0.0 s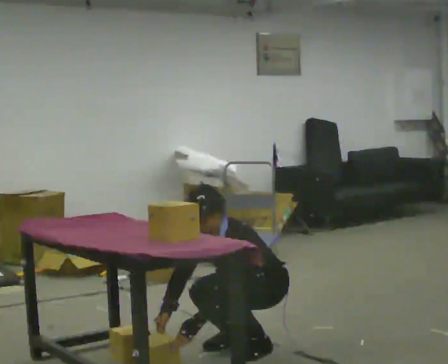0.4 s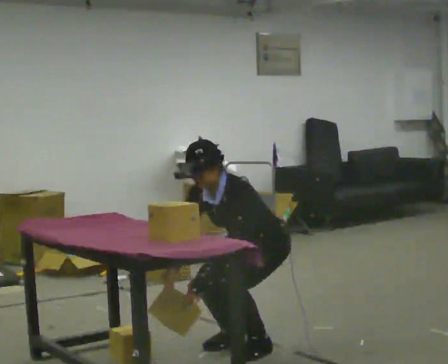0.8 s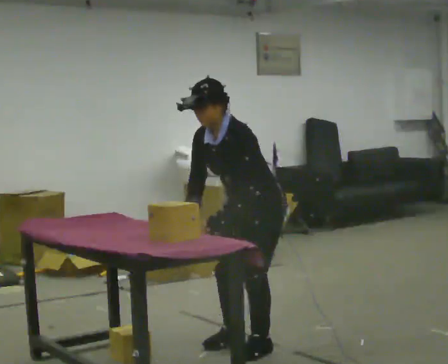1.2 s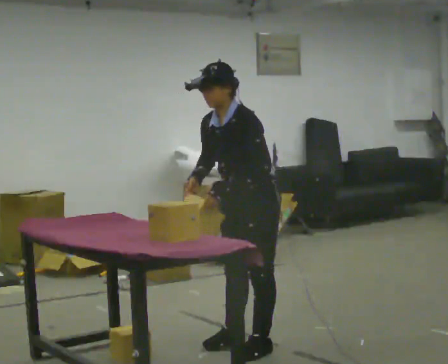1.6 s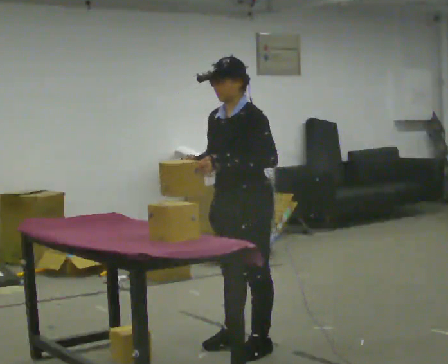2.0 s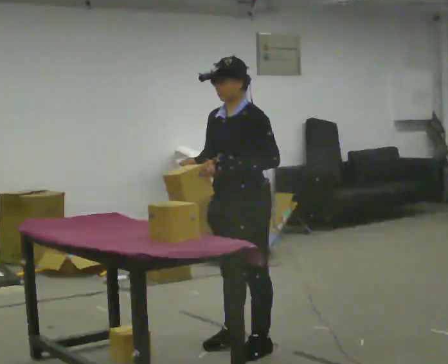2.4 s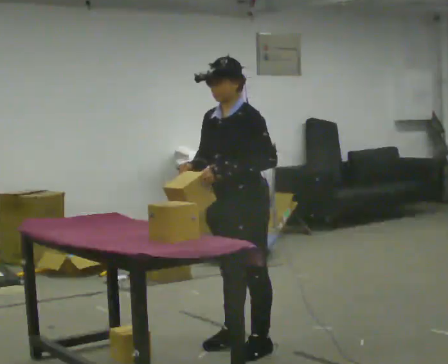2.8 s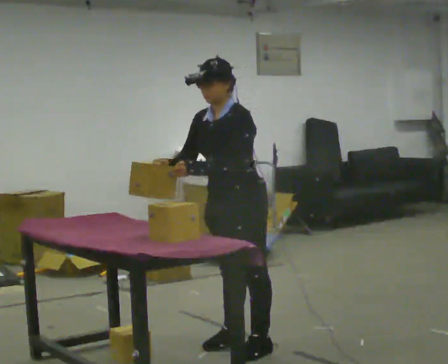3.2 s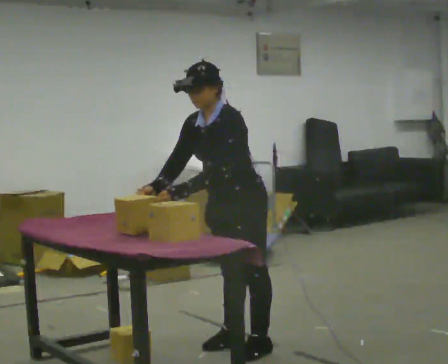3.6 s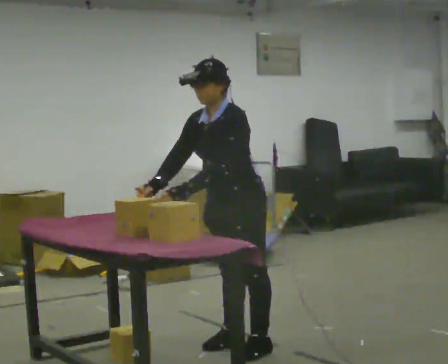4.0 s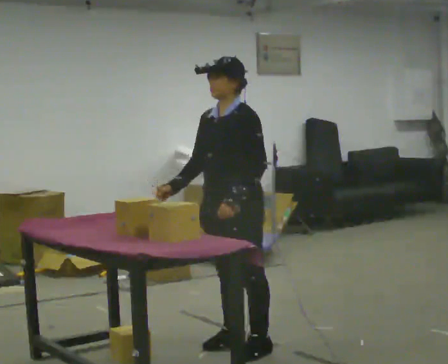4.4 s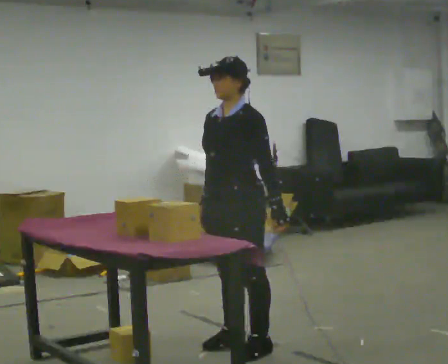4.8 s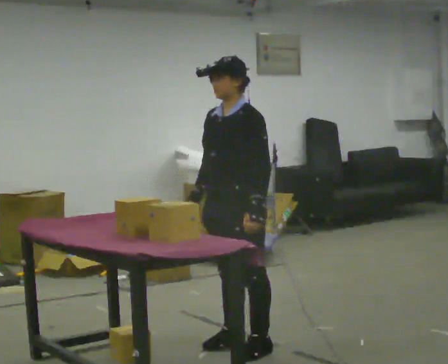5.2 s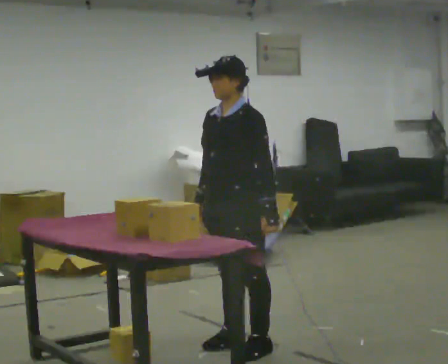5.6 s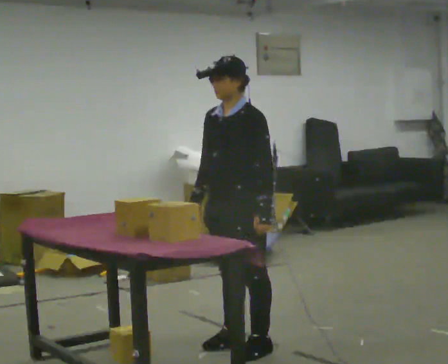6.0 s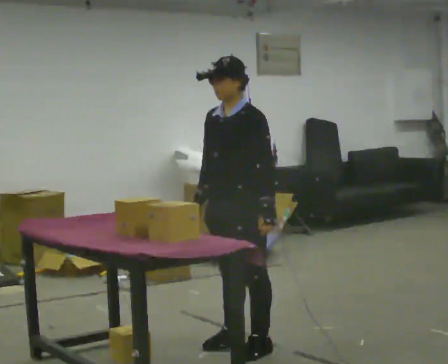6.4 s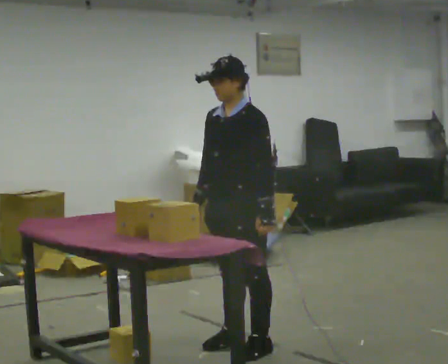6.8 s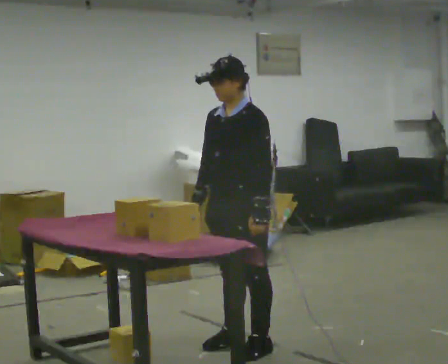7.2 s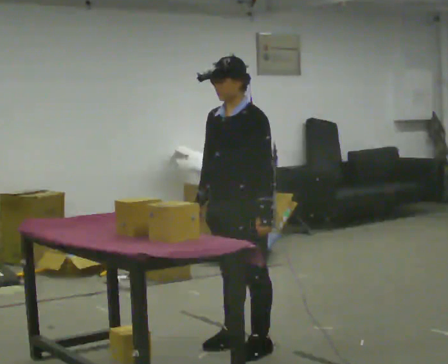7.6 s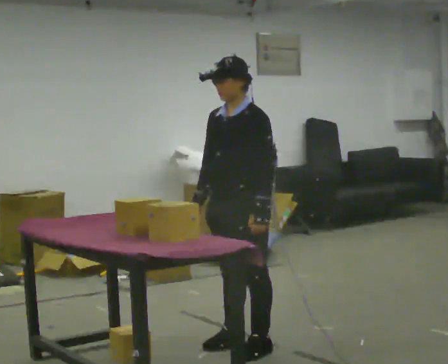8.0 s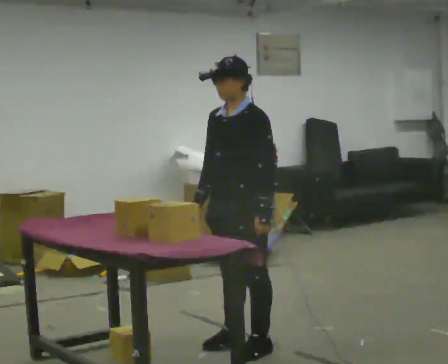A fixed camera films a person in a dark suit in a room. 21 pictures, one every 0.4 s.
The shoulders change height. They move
upward.
0.0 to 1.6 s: The upper body goes upward. In the picture the upper body tilts clockwise, shoulders to the right, as they lean back or straighten. In the picture their left hand goes upward.
1.6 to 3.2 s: In the picture the upper body tilts counterclockwise, shoulders to the left, as they bend forward.
3.2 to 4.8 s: In the picture the upper body tilts clockwise, shoulders to the right, as they lean back or straighten.
4.8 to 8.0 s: The person moves a little, or ends about where they began.
The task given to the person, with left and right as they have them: Crouch down and place the object on the lowest shelf, then stand back up. Do not step. Repeat at your own pace until the operator says stop.
The film runs forward here.
